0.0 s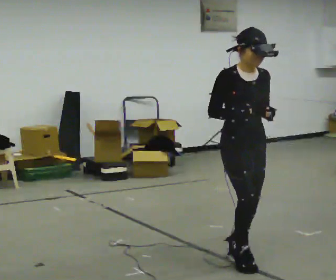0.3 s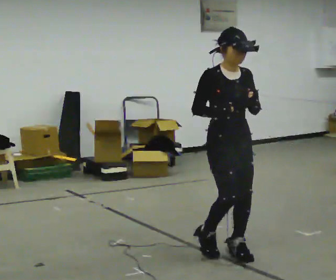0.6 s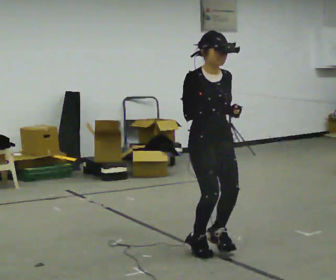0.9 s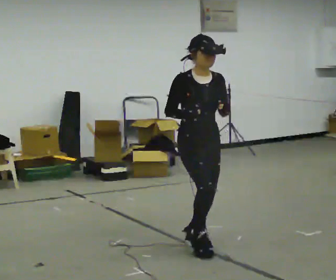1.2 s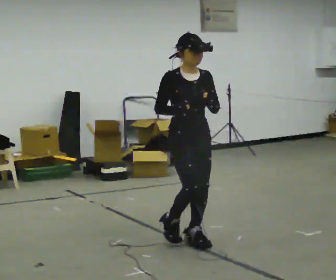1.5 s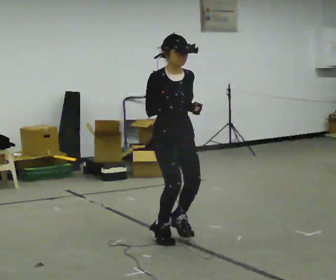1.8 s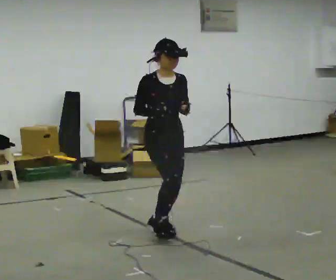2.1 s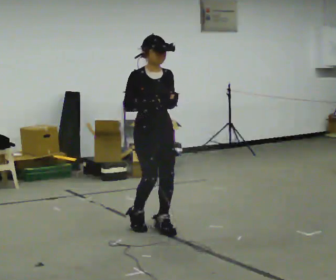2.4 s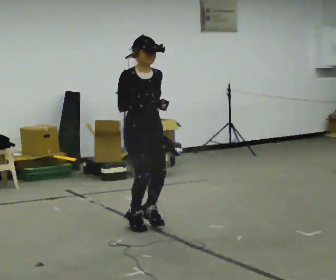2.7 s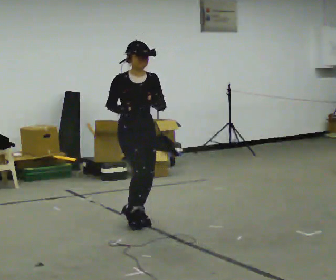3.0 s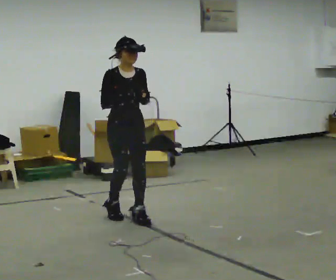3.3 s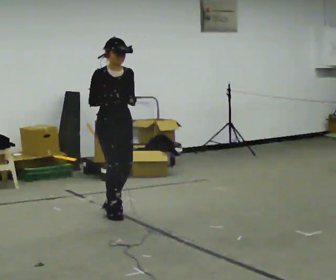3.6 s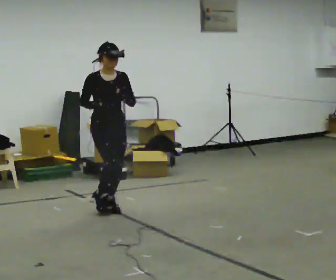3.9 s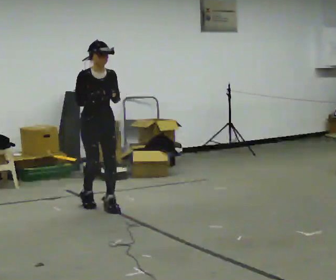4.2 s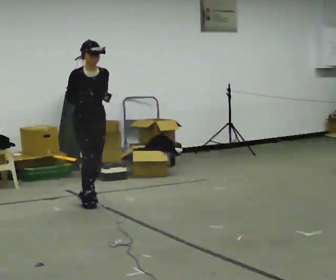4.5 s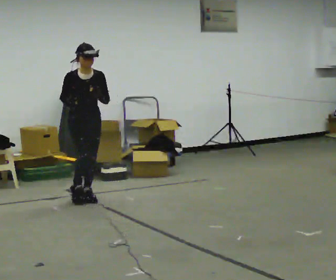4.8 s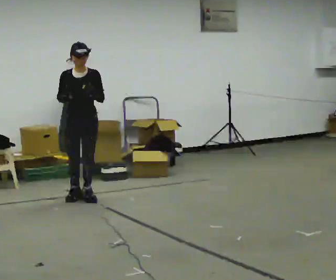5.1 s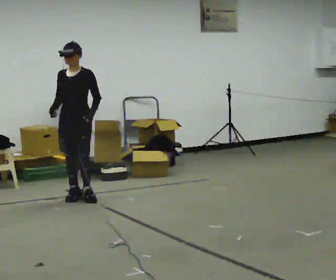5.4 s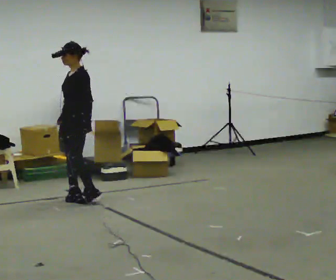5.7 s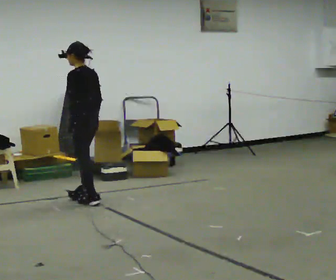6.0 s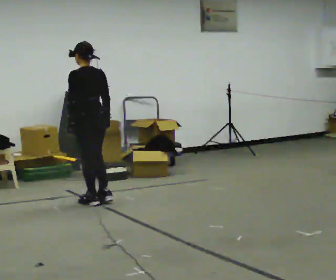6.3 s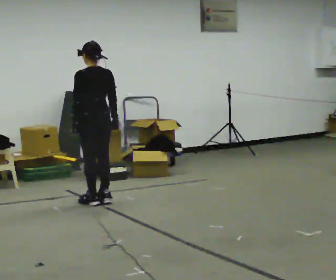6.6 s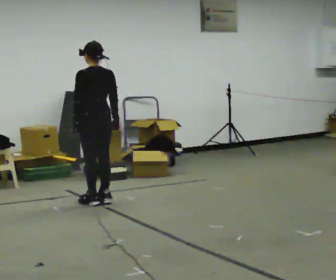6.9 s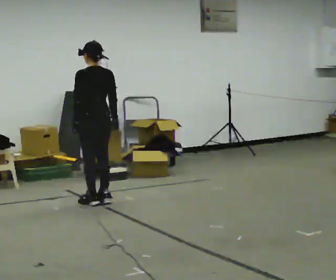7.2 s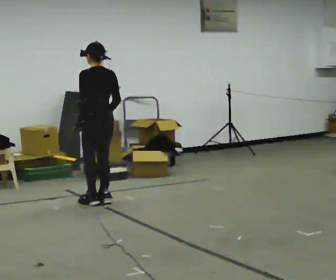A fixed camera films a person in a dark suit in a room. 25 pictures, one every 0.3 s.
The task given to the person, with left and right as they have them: Jog backward at a comfortable pace. The operator confirms the space behind you is clear before each take.
0.0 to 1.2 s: In the picture they go away from the camera and to the left, about 0.5 m in 2 steps, which for them is backward.
1.2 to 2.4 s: In the picture they go away from the camera and to the left, about 0.5 m in 3 steps, which for them is backward.
2.4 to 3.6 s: In the picture they go away from the camera and to the left, about 0.75 m in 3 steps, which for them is backward.
3.6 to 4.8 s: The person turns about 30 degrees to their right, clockwise seen from above, so the part of the body nearest the lens slides to the left. In the picture they go away from the camera and to the left, about 0.5 m in 3 steps, which for them is backward.
4.8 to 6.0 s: The person turns about 135 degrees to their right, clockwise seen from above, so the part of the body nearest the lens slides to the left. In the picture their right hand goes to the right.
6.0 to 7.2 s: The person moves a little, or ends about where they began.
The film runs forward here.
